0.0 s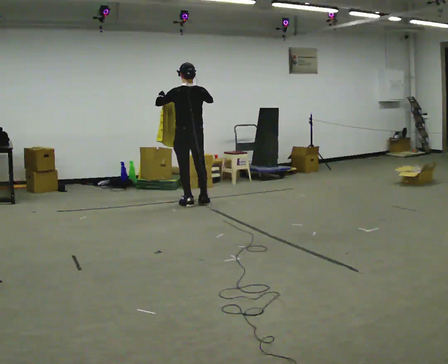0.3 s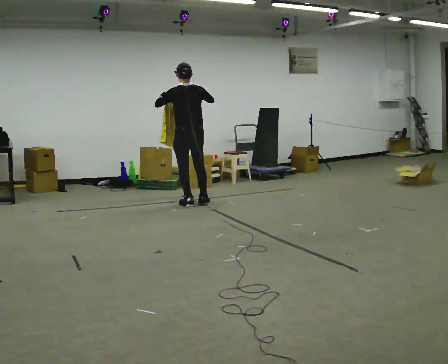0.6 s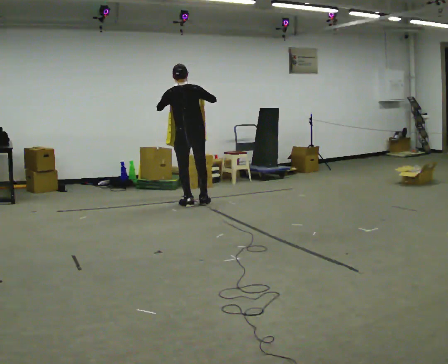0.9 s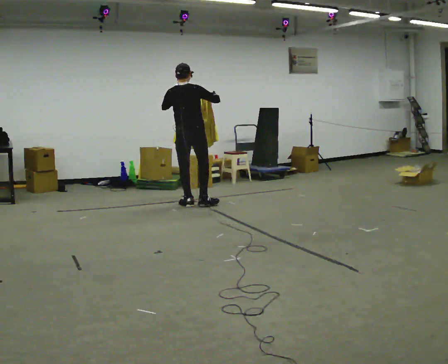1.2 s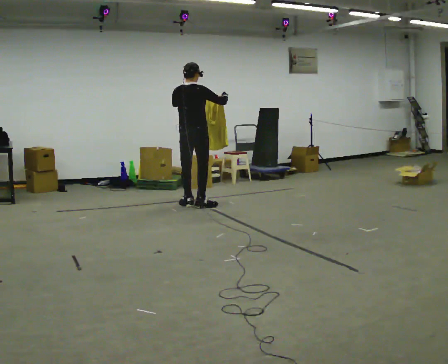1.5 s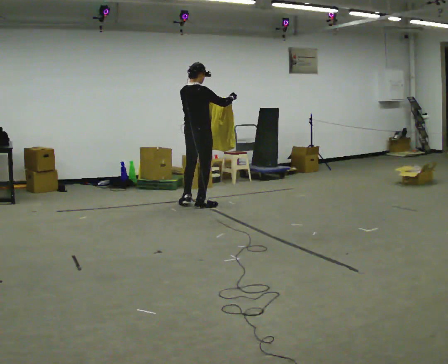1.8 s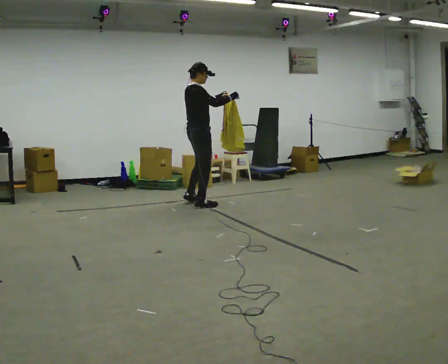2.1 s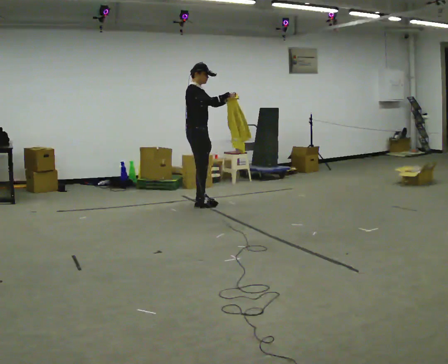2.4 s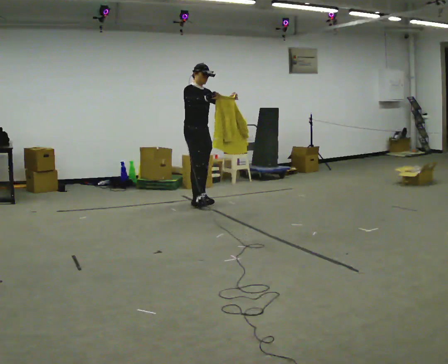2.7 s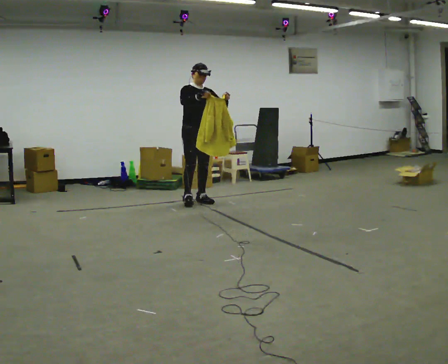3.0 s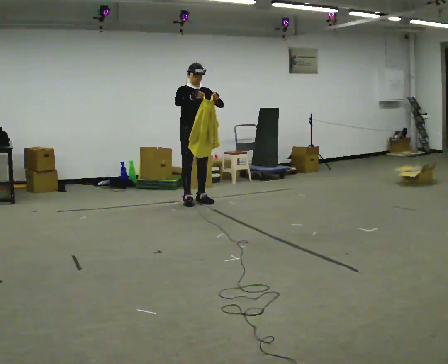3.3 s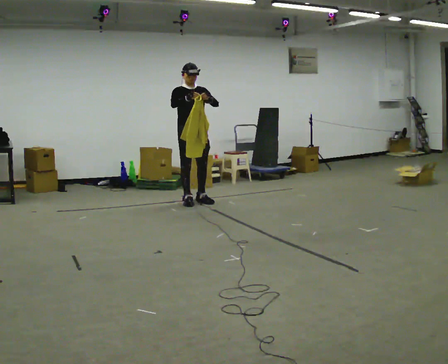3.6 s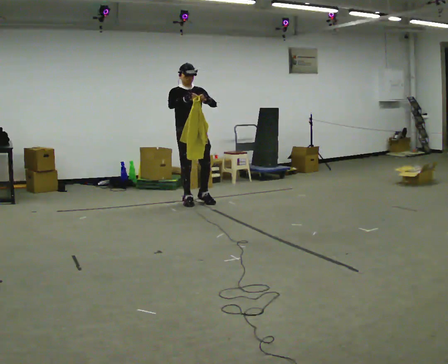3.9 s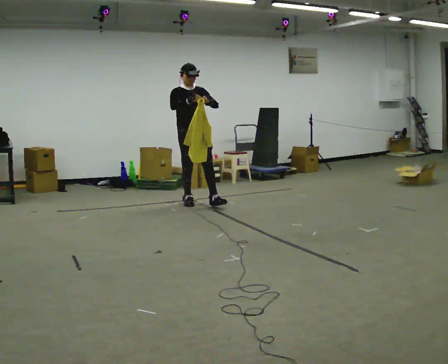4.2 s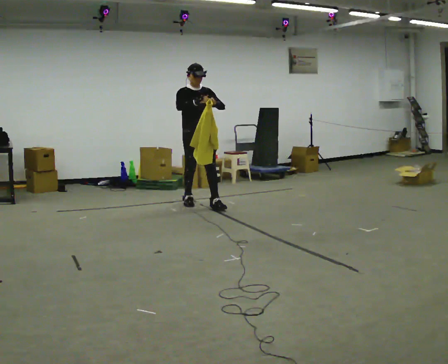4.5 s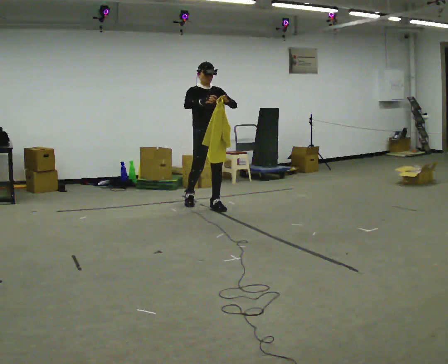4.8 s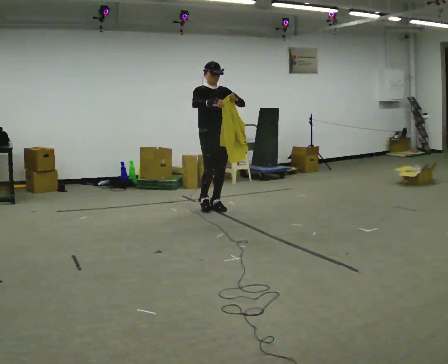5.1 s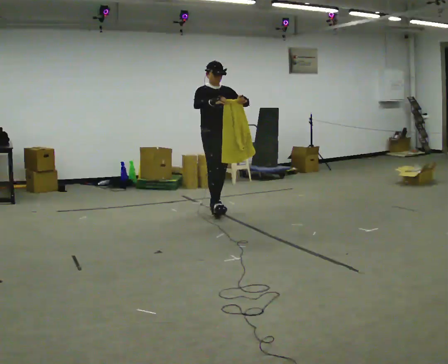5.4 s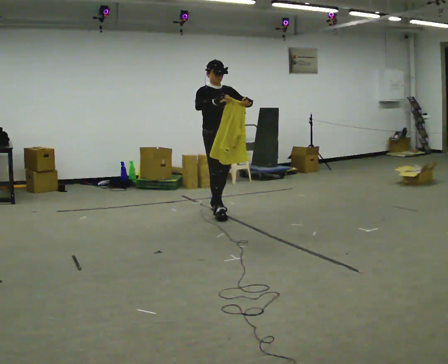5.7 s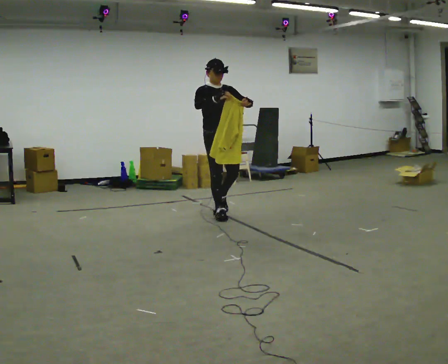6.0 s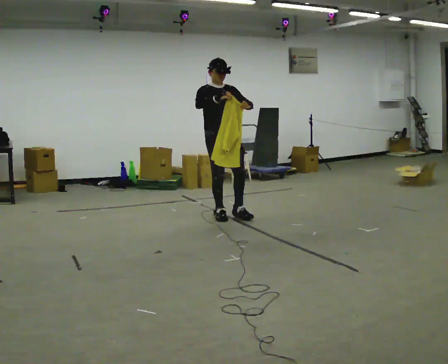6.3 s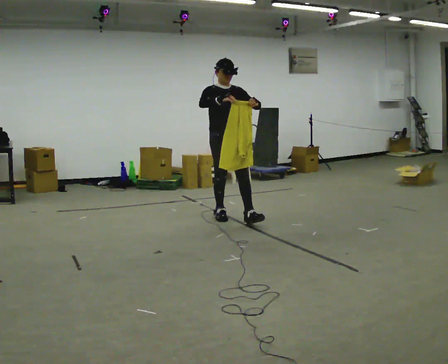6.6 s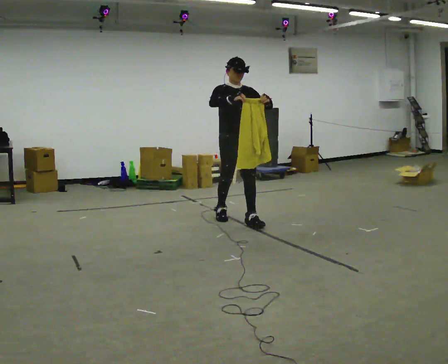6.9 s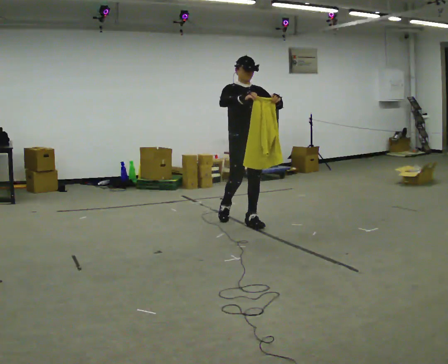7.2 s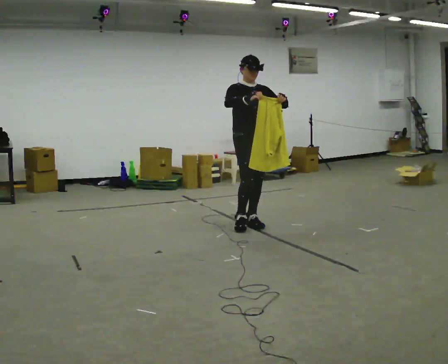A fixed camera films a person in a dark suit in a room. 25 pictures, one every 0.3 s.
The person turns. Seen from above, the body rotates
clockwise.
The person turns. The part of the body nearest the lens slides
to the left.
0.0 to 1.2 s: Seen from above the body turns clockwise, about 45 degrees: to their right, with its near side sliding to the left. In the picture their right hand goes to the right.
1.2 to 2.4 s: The part of the body nearest the lens slides to the left as the person turns to their right by about 105 degrees. In the picture they go away from the camera, about 0.25 m in 1 step. In the picture their left hand goes to the right.
2.4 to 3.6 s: The part of the body nearest the lens slides to the left as the person turns to their right by about 30 degrees.
3.6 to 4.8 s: In the picture they go to the right and toward the camera, about 0.5 m in 1 step, which for them is forward.
4.8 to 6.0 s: In the picture they go toward the camera, about 0.5 m in 1 step, which for them is forward and to their right.
6.0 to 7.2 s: In the picture they go toward the camera and to the right, about 0.5 m in 1 step, which for them is forward.
The film runs forward here.
